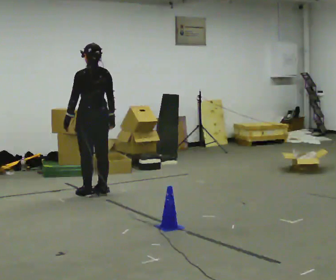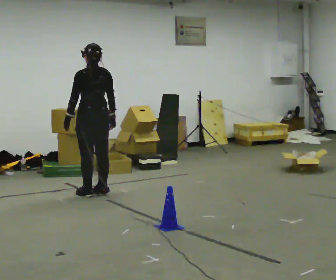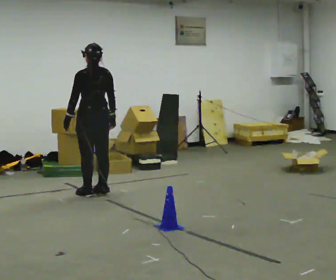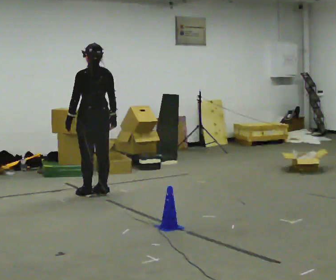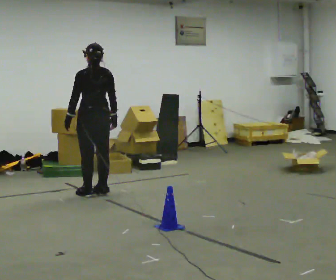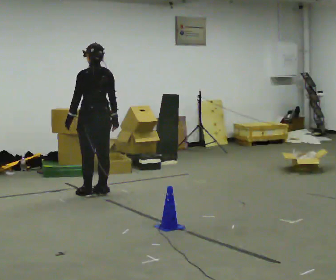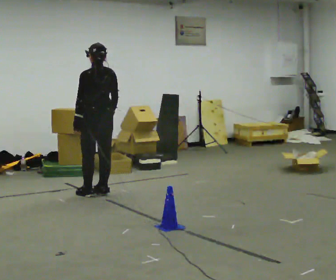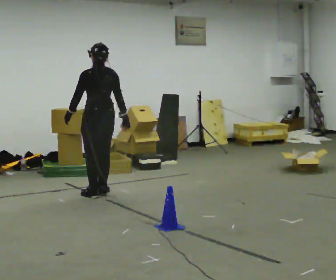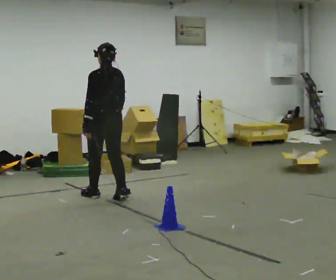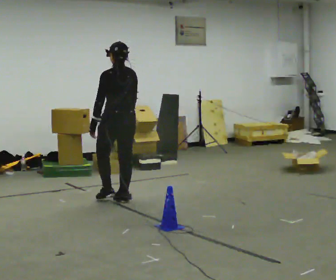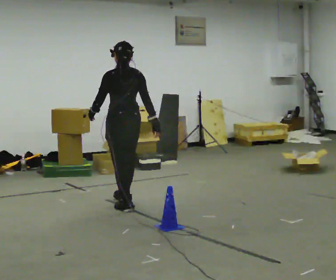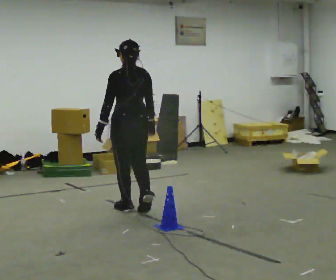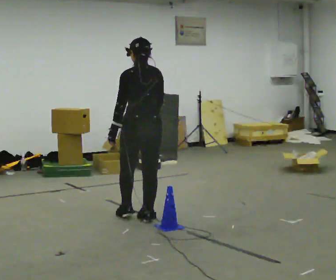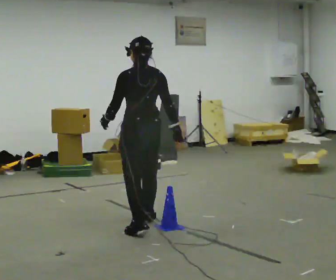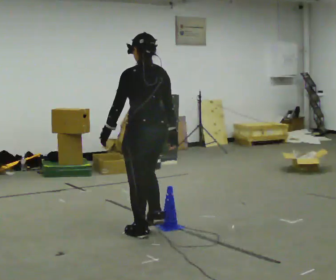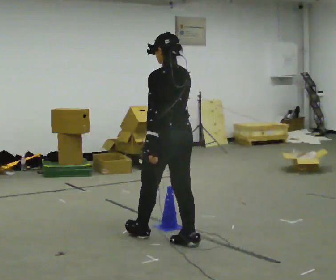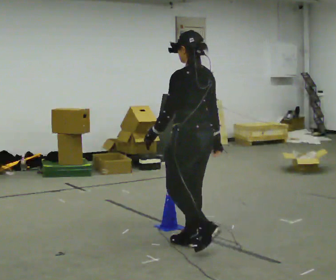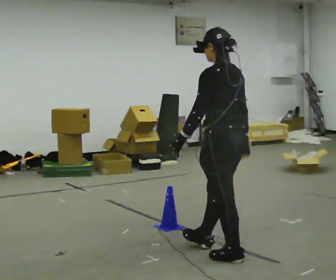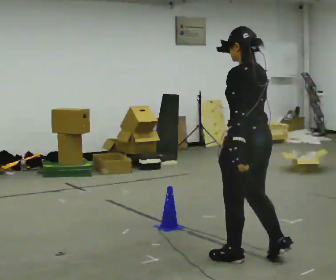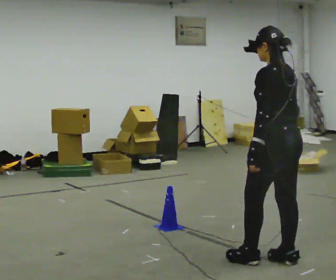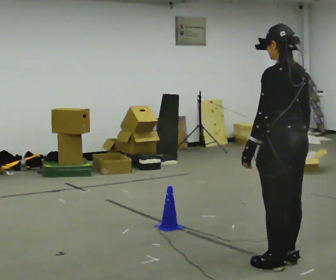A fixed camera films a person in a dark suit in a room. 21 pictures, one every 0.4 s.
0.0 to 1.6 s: The person keeps their place and pose.
1.6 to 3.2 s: In the picture they go toward the camera, about 0.25 m in 1 step, which for them is backward.
3.2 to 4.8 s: In the picture they go toward the camera and to the right, about 1 m in 3 steps, which for them is backward.
4.8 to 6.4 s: The part of the body nearest the lens slides to the right as the person turns to their left by about 30 degrees. In the picture they go toward the camera and to the right, about 1 m in 2 steps, which for them is backward.
6.4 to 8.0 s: In the picture they go to the right and toward the camera, about 0.5 m in 2 steps, which for them is backward.
The film runs backward here.
